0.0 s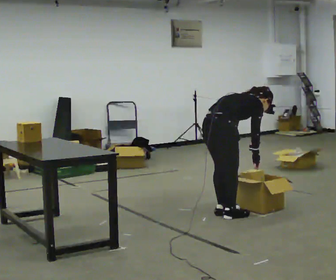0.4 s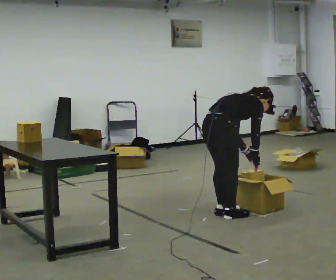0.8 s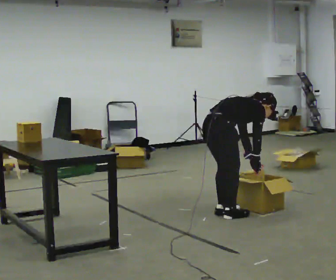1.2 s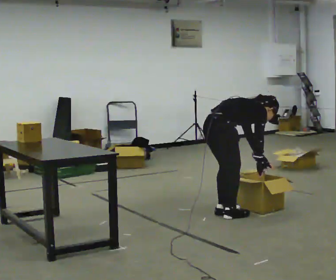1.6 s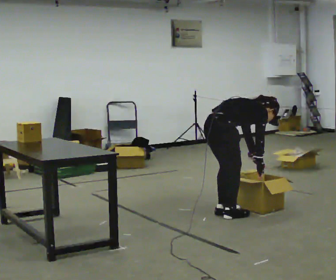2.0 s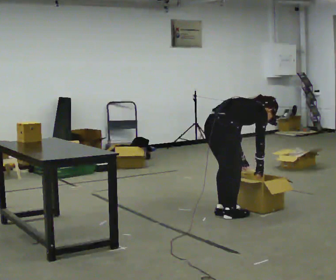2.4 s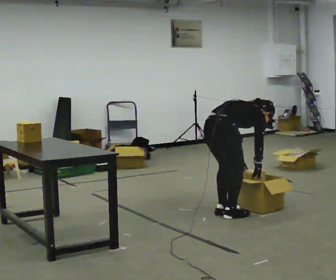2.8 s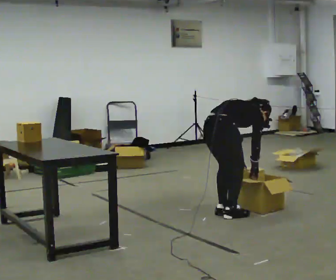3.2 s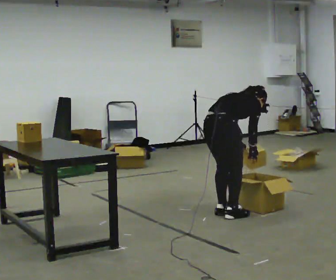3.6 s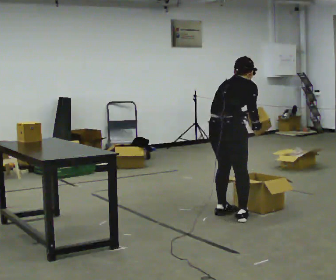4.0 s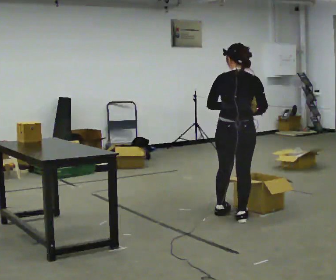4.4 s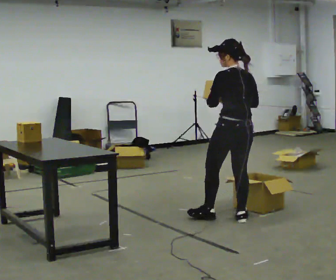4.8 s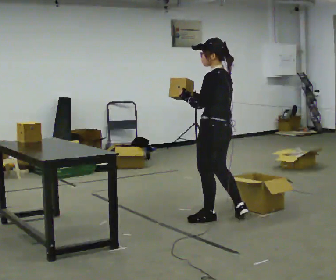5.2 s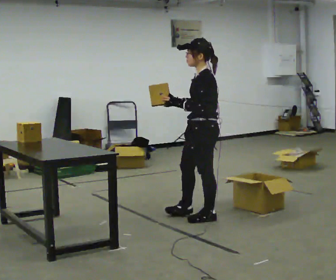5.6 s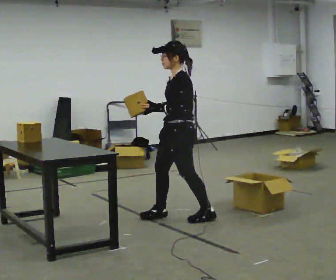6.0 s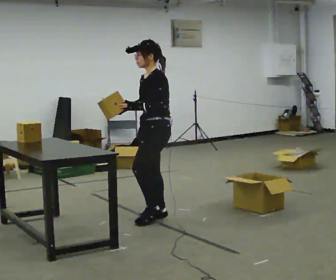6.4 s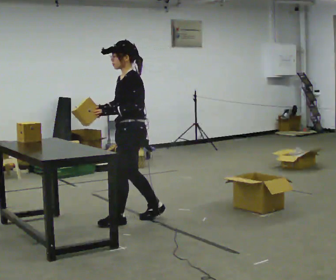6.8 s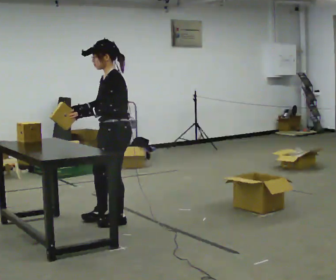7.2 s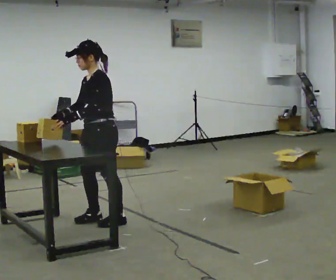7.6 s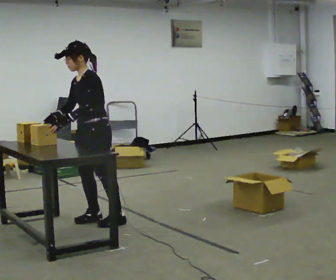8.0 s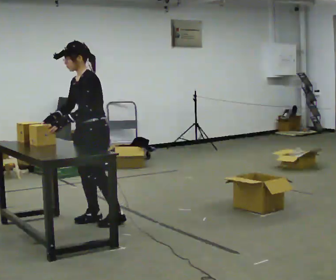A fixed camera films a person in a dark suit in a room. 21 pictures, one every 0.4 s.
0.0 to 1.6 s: The person moves a little, or ends about where they began.
1.6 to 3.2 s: In the picture the upper body tilts counterclockwise, shoulders to the left.
3.2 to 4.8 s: The person turns about 105 degrees to their left, counterclockwise seen from above, so the part of the body nearest the lens slides to the right. The shoulders move upward. The upper body tips toward the camera, its near side rolling downward, as they lean back or straighten. In the picture their right hand goes to the left and upward.
4.8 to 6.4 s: The part of the body nearest the lens slides to the right as the person turns to their left by about 45 degrees. In the picture they go to the left, about 0.5 m in 2 steps, which for them is forward.
6.4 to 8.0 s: In the picture they go to the left, about 0.25 m in 1 step, which for them is forward and to their right.
The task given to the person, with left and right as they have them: Carry the object across the room, open the lid of the container, put the object inside, and close the lid again. Then go back for the next one. Keep going until the operator says stop; one object at a time, and do not rush between trips.
The film runs forward here.
